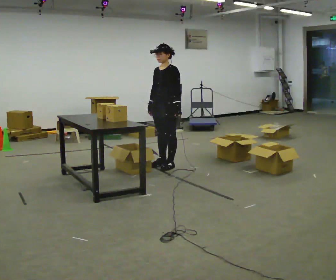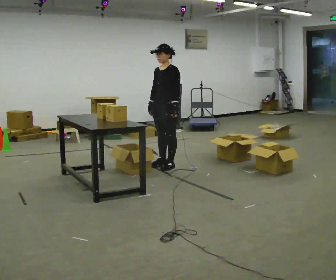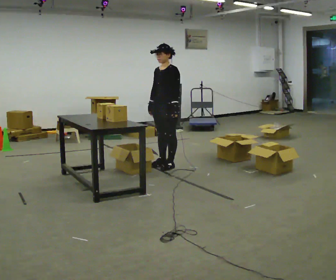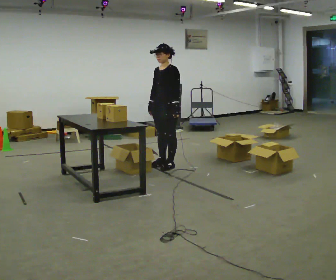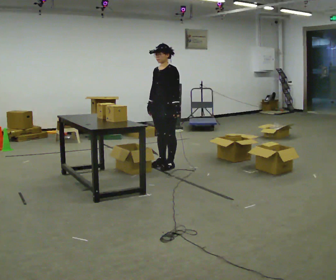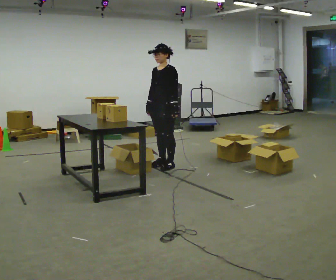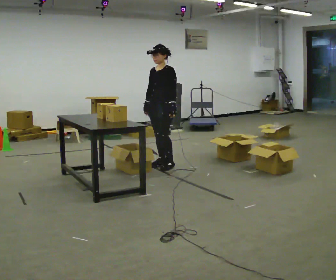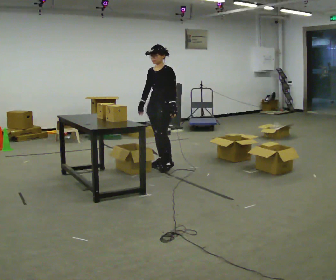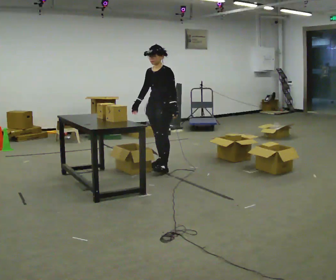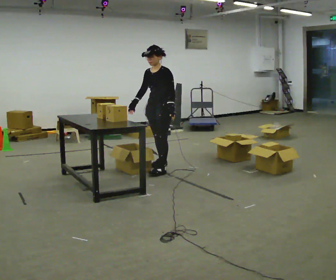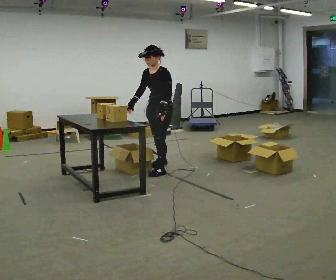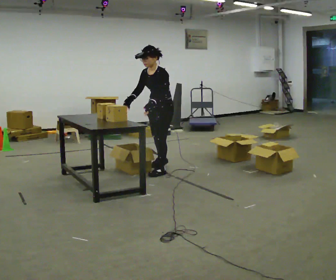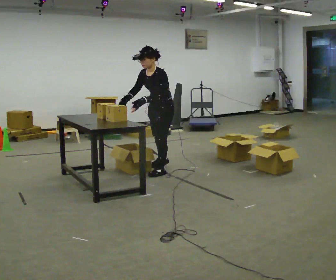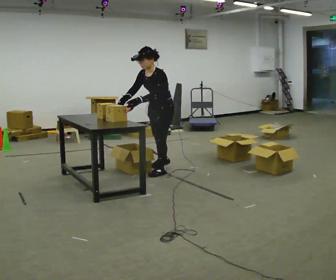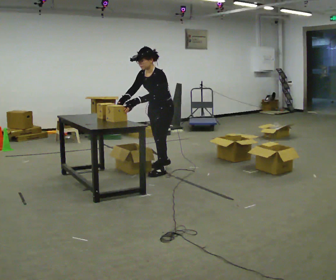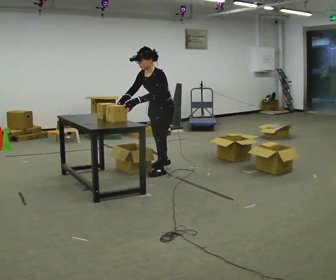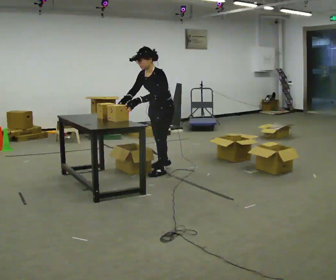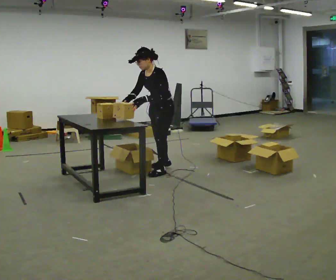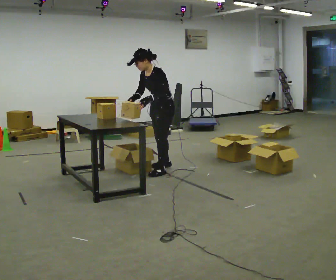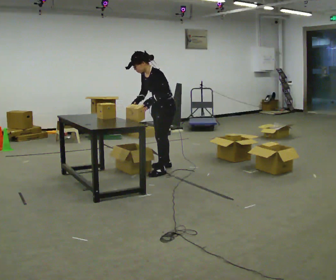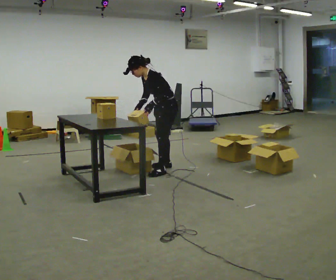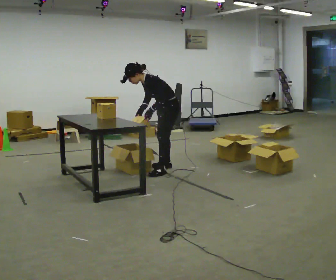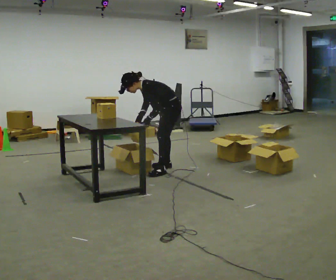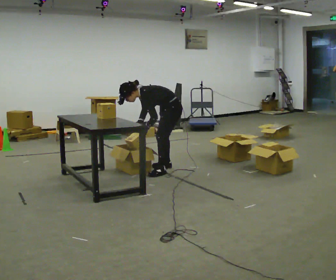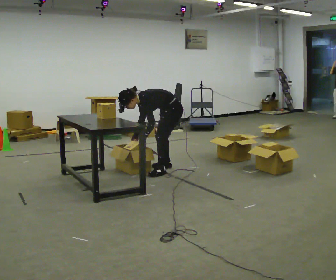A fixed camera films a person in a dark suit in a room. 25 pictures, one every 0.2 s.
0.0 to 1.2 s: The person moves a little, or ends about where they began.
1.2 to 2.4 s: In the picture they go toward the camera, about 0.25 m in 1 step, which for them is forward and to their left. The upper body tips toward the camera, its near side rolling downward, as they bend forward.
2.4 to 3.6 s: The person moves a little, or ends about where they began.
3.6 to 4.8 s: The upper body goes downward. In the picture the upper body tilts counterclockwise, shoulders to the left, as they bend forward. In the picture their right hand goes downward.
The film runs forward here.
